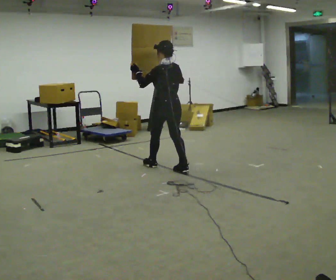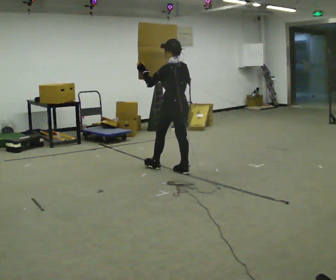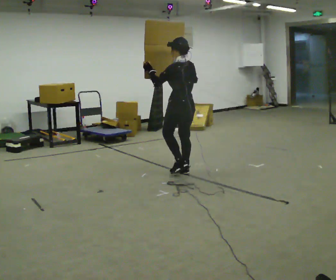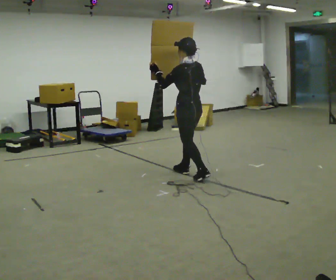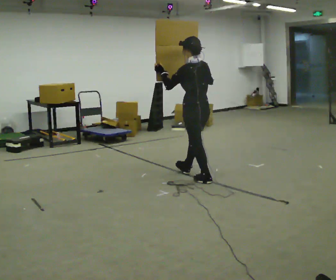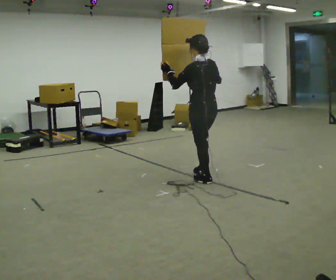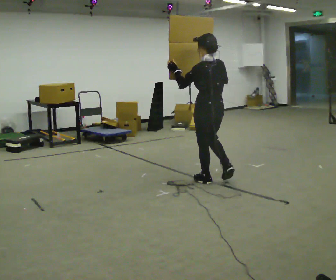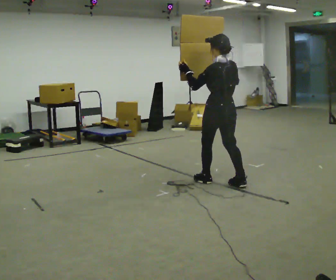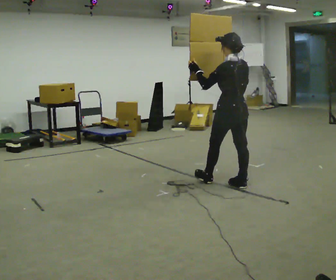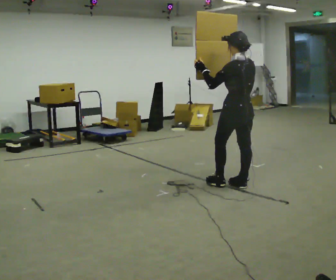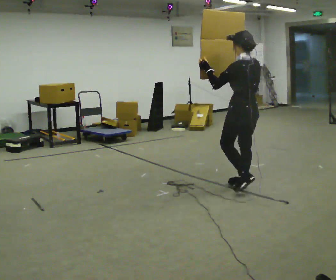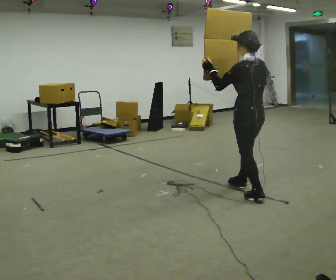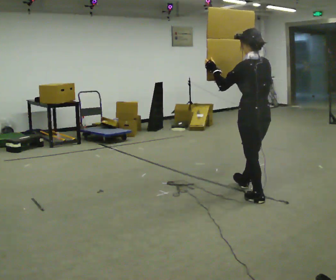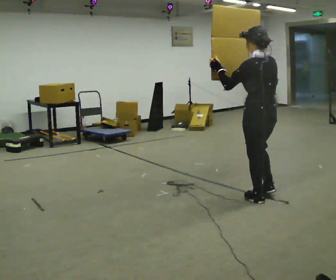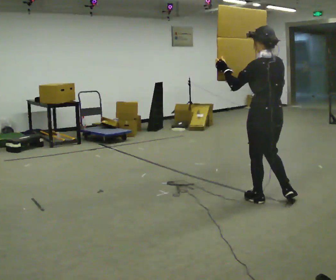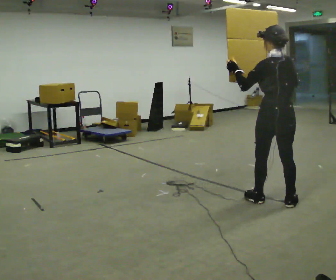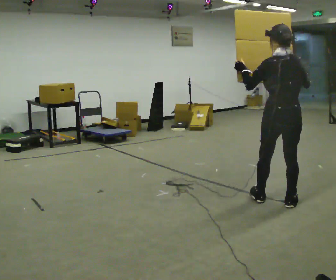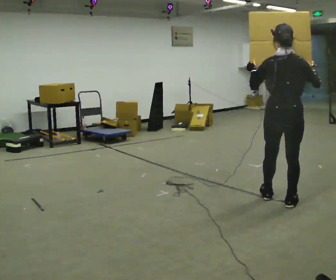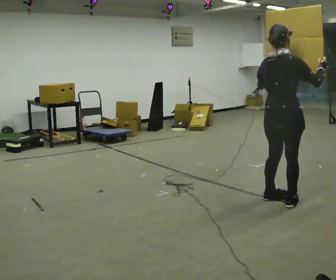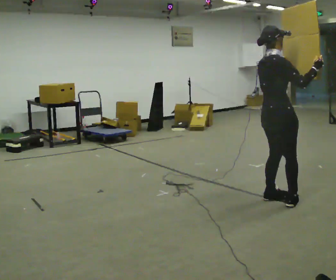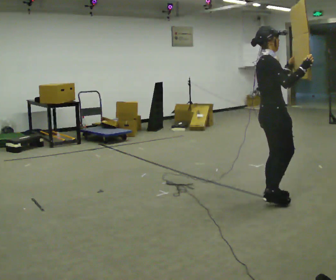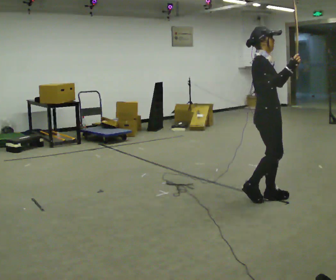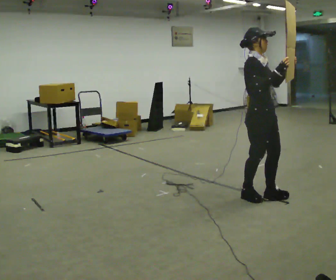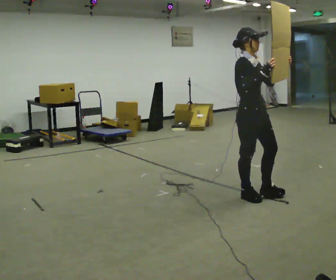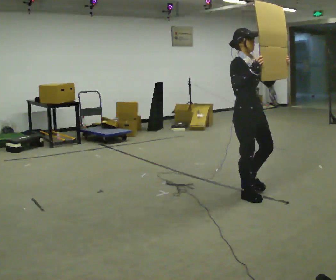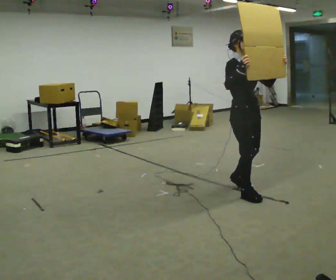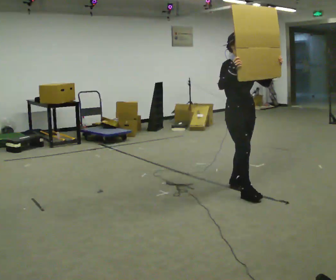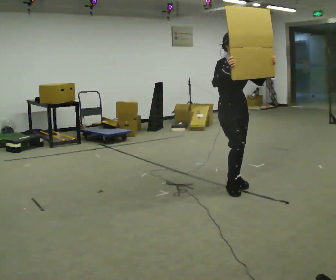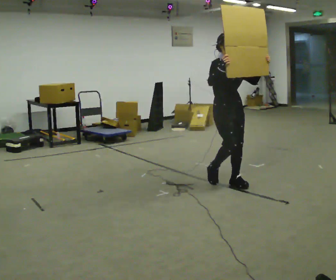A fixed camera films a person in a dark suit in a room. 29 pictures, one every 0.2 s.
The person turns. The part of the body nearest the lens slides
to the left.
The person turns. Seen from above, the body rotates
clockwise.
0.0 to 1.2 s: In the picture they go to the right and toward the camera, about 1 m in 2 steps, which for them is backward.
1.2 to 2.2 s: In the picture they go to the right and toward the camera, about 0.5 m in 1 step, which for them is backward.
2.2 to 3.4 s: The part of the body nearest the lens slides to the left as the person turns to their right by about 45 degrees. In the picture they go toward the camera and to the right, about 0.5 m in 1 step, which for them is backward.
3.4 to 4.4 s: The person turns about 120 degrees to their right, clockwise seen from above, so the part of the body nearest the lens slides to the left. In the picture they go to the left and away from the camera, about 0.25 m in 1 step.
4.4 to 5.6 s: In the picture they go away from the camera and to the left, about 0.5 m in 2 steps, which for them is backward.
The film runs backward here.
